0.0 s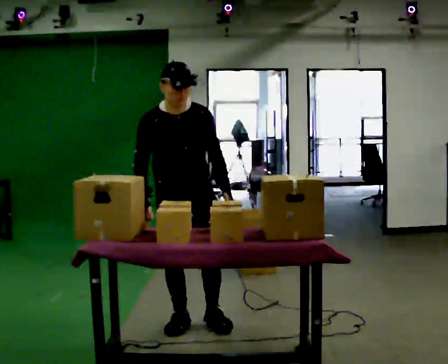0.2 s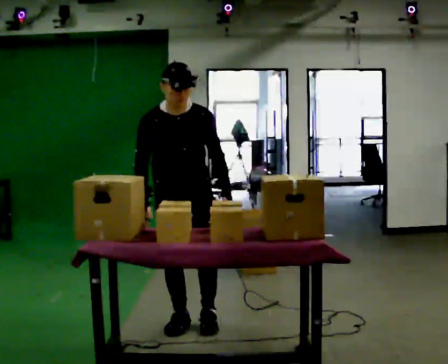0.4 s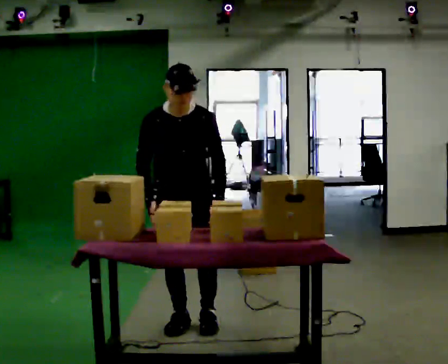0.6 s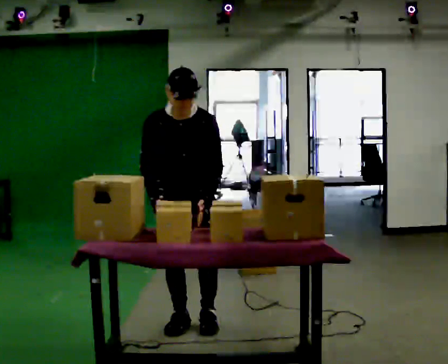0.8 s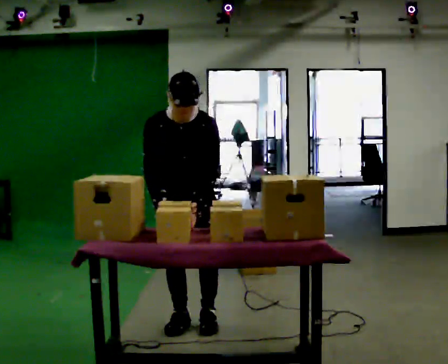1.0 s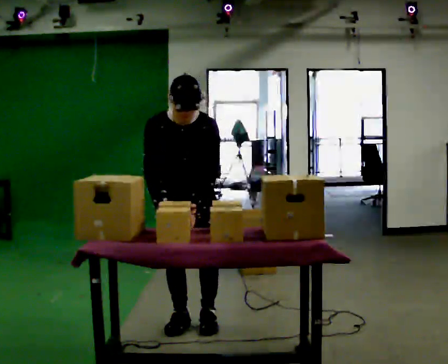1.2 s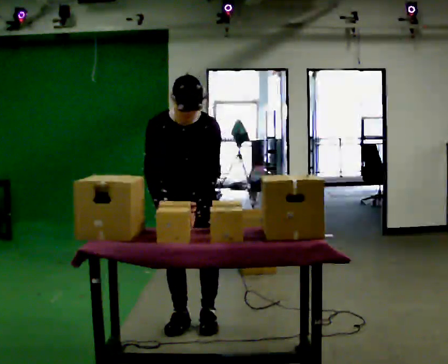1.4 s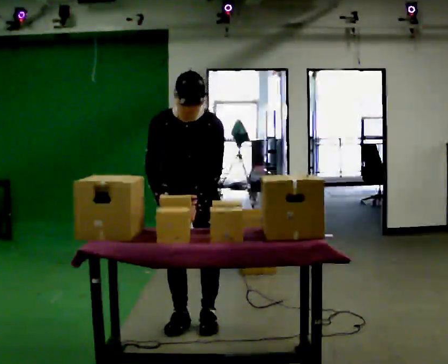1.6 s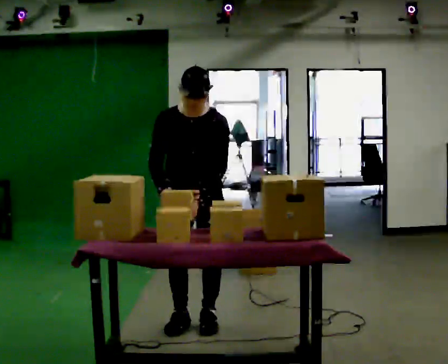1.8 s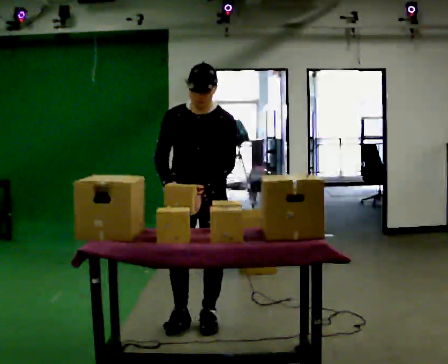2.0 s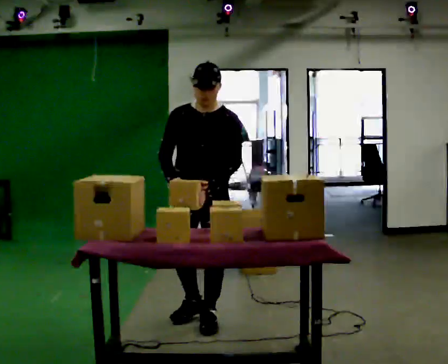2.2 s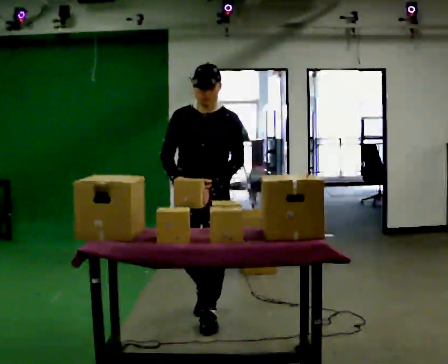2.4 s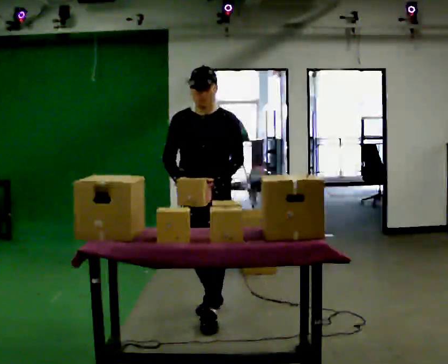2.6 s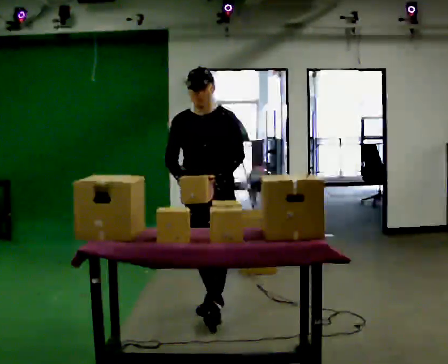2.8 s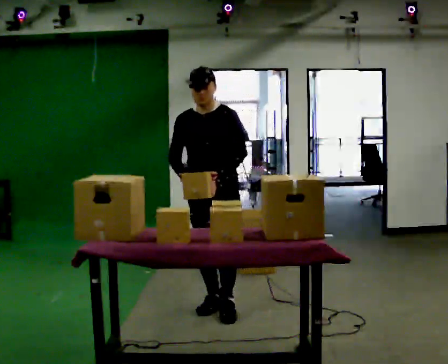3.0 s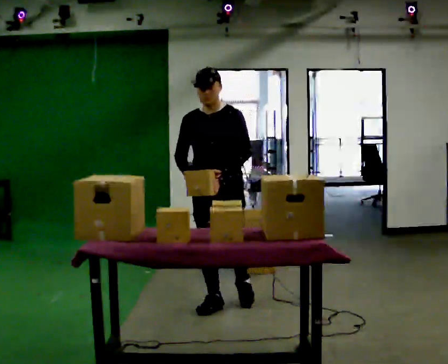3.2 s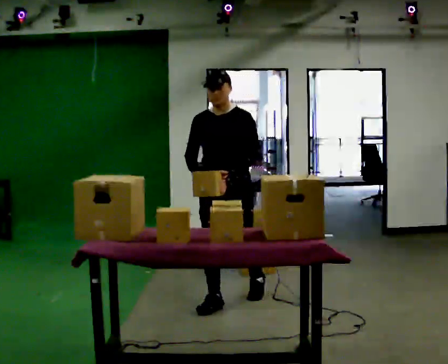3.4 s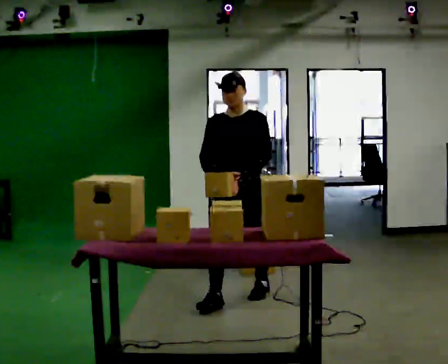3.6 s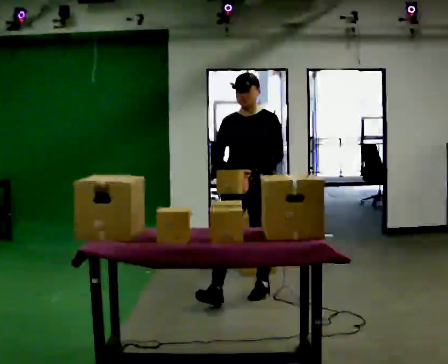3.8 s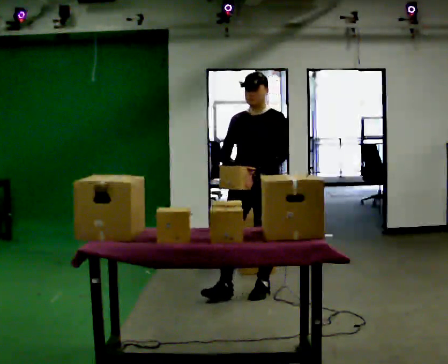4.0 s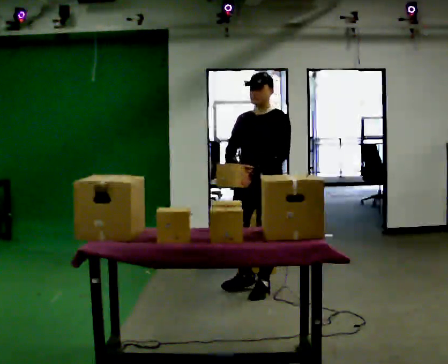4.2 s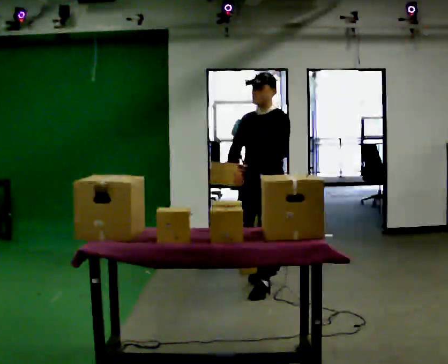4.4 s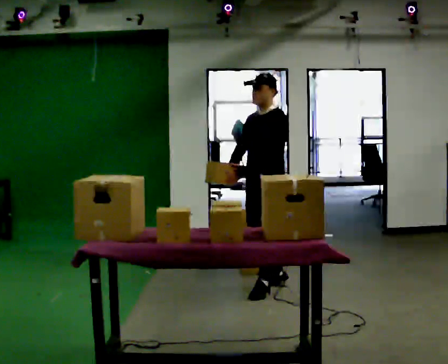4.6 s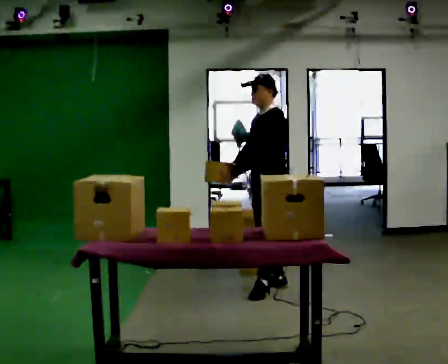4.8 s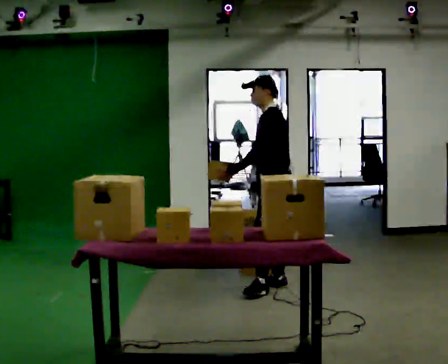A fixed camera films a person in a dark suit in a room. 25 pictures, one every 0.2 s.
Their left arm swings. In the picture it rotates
clockwise.
The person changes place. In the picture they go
away from the camera.
0.0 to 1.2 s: The upper body tips toward the camera, its near side rolling downward, as they bend forward.
1.2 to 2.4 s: In the picture they go away from the camera, about 0.25 m in 1 step, which for them is backward. The upper body tips away from the camera, its near side rolling upward, as they lean back or straighten.
2.4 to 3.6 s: In the picture they go away from the camera and to the right, about 0.5 m in 1 step, which for them is backward.
3.6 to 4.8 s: The person turns about 60 degrees to their right, clockwise seen from above, so the part of the body nearest the lens slides to the left. In the picture they go away from the camera and to the right, about 0.5 m in 1 step.
The film runs backward here.
